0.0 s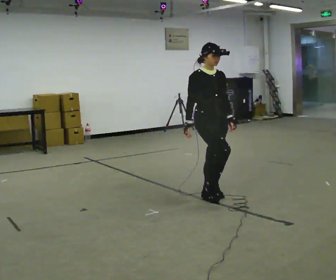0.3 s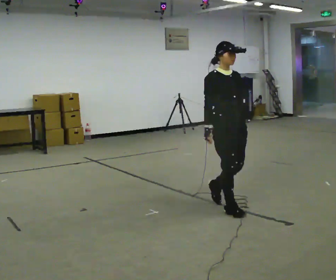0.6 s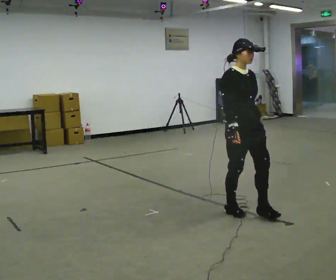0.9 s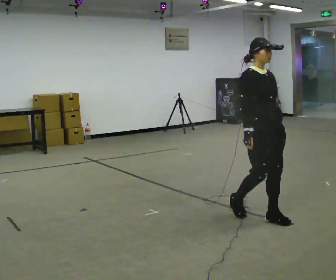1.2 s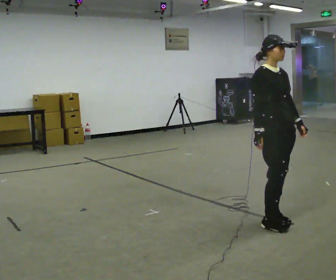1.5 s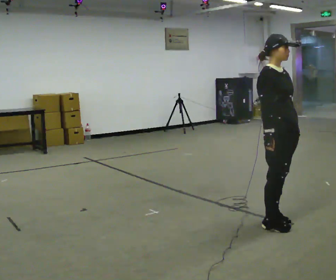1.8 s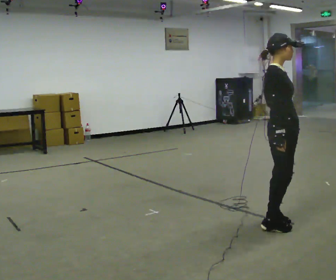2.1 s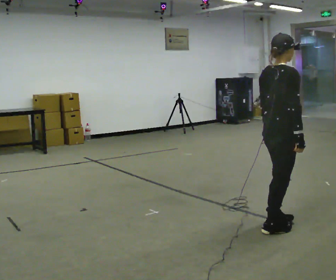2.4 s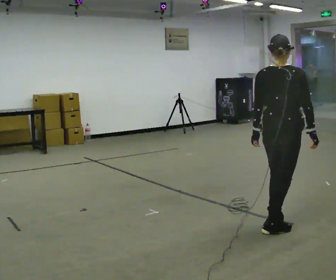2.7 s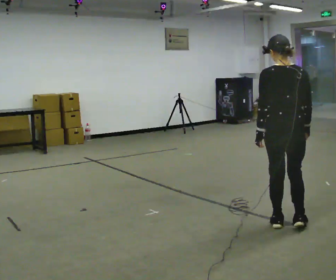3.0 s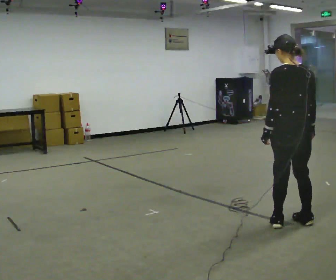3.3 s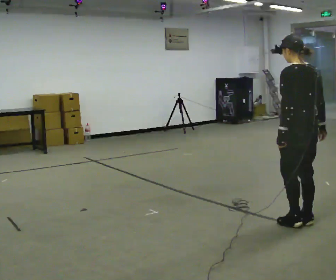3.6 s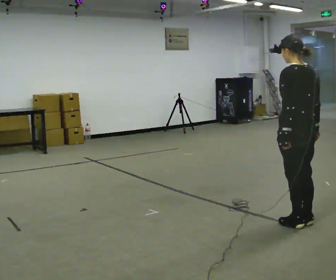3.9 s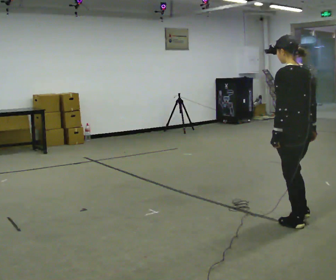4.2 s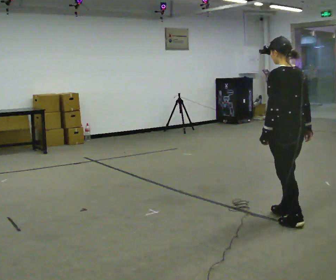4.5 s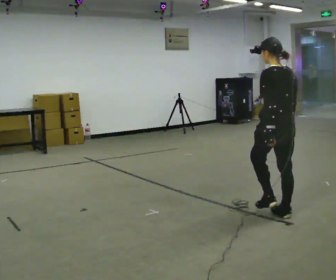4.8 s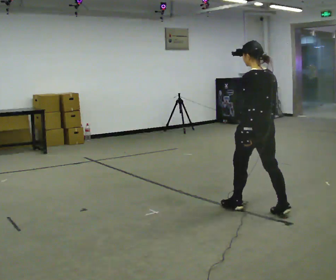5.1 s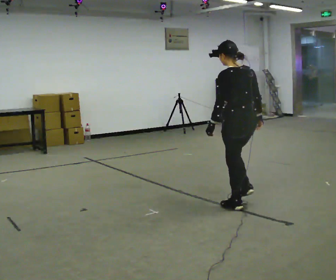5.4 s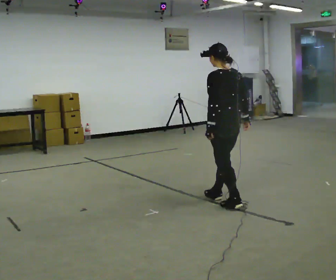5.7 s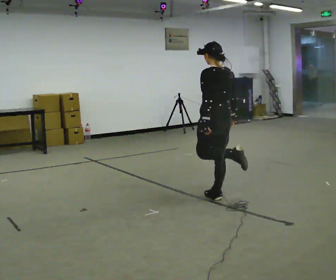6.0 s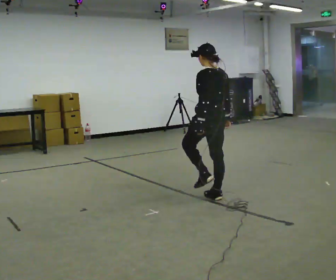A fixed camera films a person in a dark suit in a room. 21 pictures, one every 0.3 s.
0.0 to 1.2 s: In the picture they go to the right and toward the camera, about 1 m in 2 steps, which for them is forward.
1.2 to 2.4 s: The person turns about 105 degrees to their left, counterclockwise seen from above, so the part of the body nearest the lens slides to the right. In the picture they go toward the camera, about 0.25 m in 2 steps. In the picture their left hand goes to the left, the arm swinging clockwise.
2.4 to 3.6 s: The part of the body nearest the lens slides to the right as the person turns to their left by about 75 degrees. In the picture they go to the right, about 0.25 m in 2 steps.
3.6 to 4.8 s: In the picture they go to the left and away from the camera, about 0.5 m in 2 steps, which for them is forward.
4.8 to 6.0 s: In the picture they go to the left and away from the camera, about 0.5 m in 1 step, which for them is forward.
The film runs forward here.
